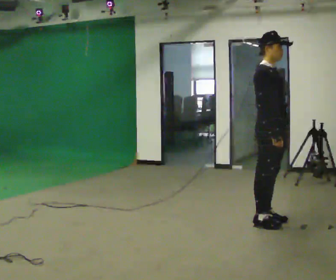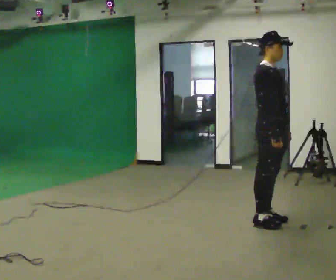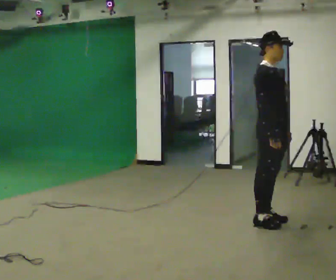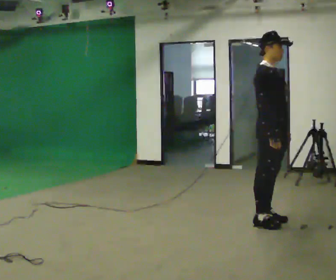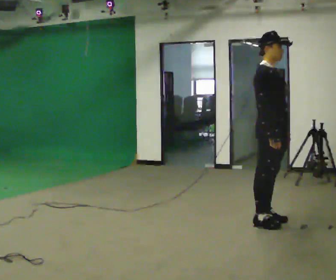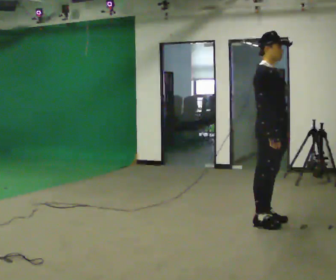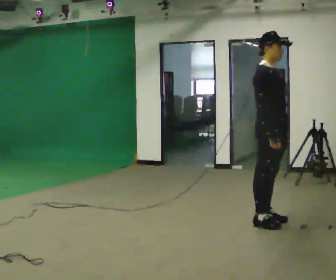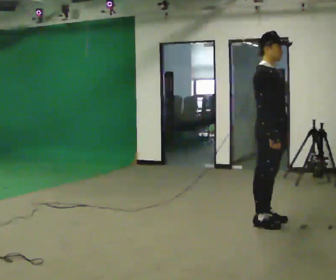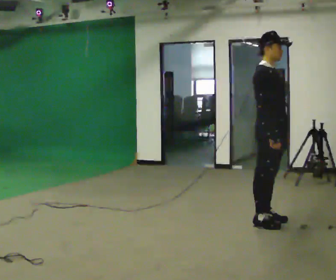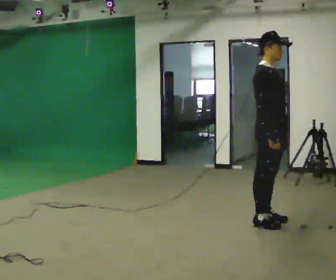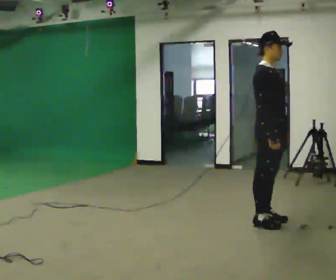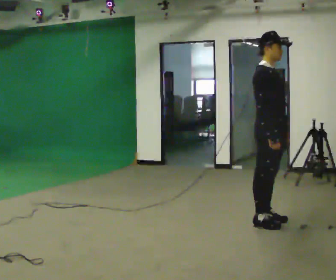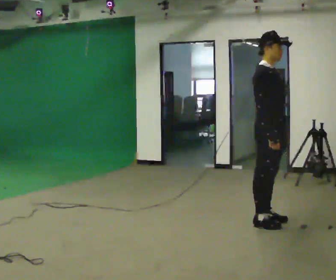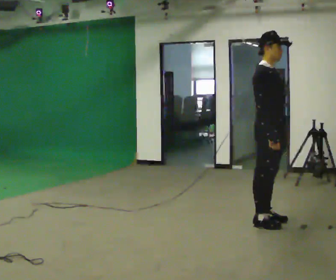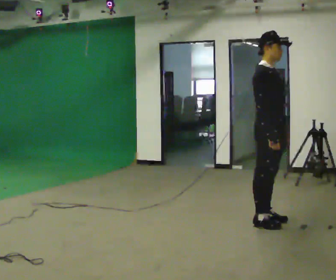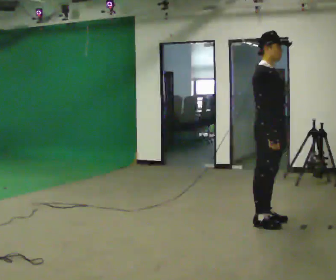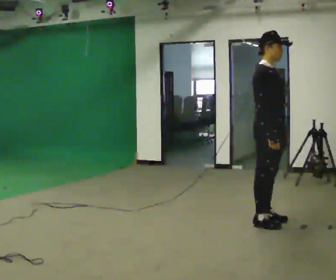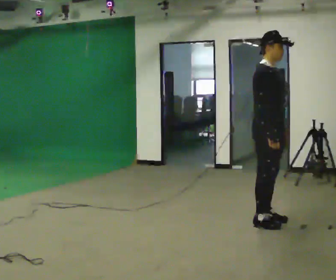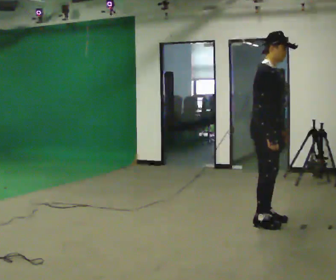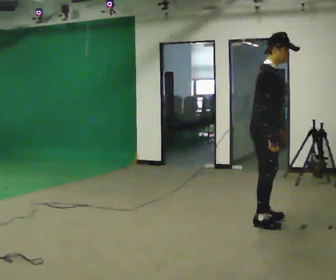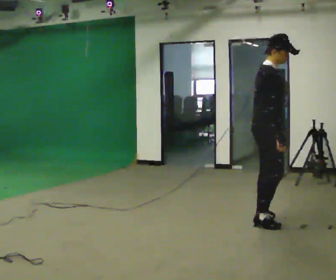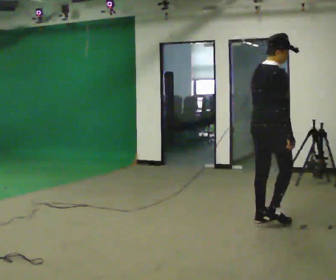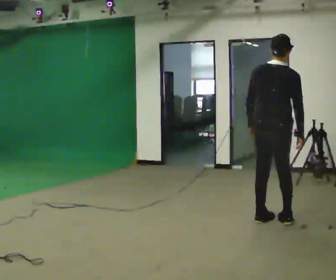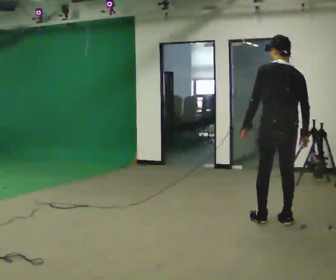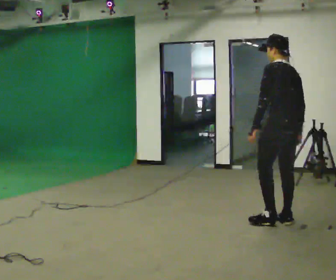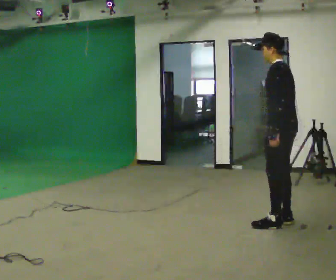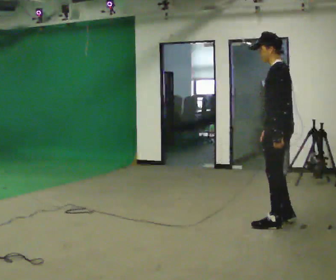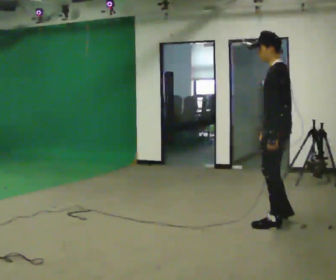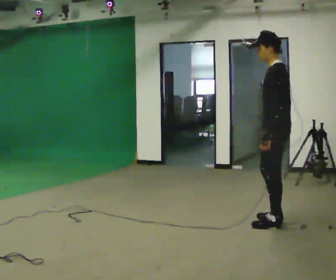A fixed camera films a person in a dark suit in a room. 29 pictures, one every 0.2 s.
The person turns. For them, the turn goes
to their left.
The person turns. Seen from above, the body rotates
counterclockwise.
0.0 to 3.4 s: The person moves a little, or ends about where they began.
3.4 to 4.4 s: The part of the body nearest the lens slides to the right as the person turns to their left by about 105 degrees.
4.4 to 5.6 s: Seen from above the body turns counterclockwise, about 90 degrees: to their left, with its near side sliding to the right.
The film runs forward here.
